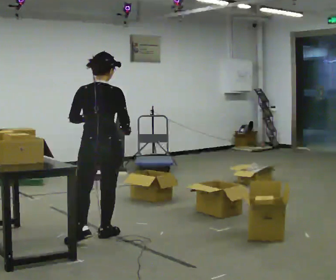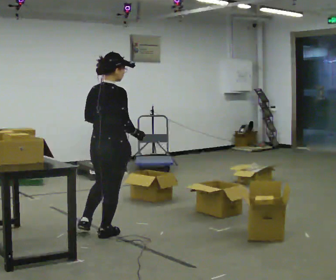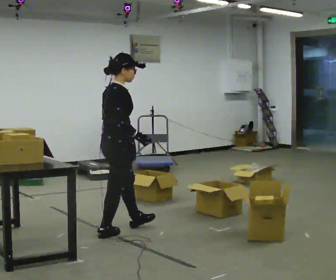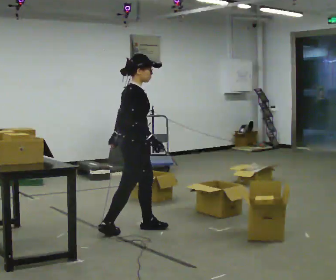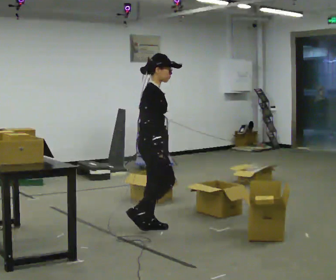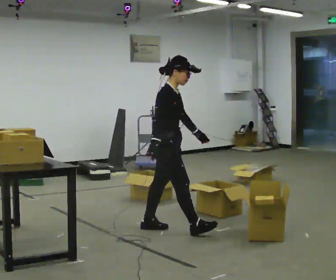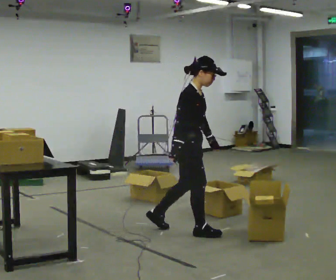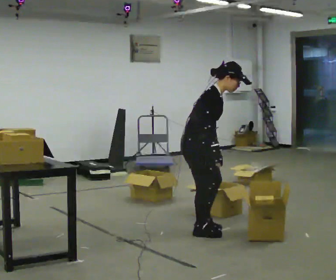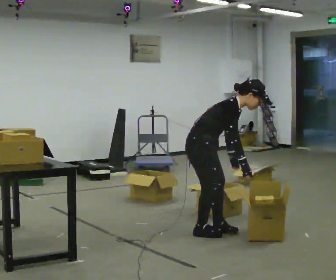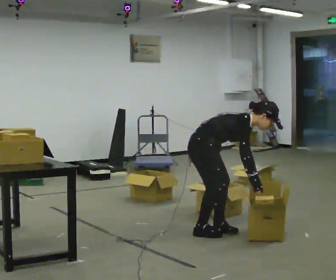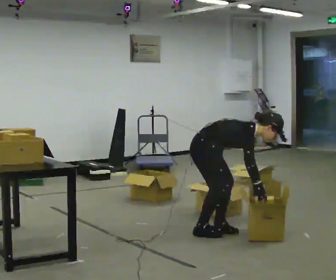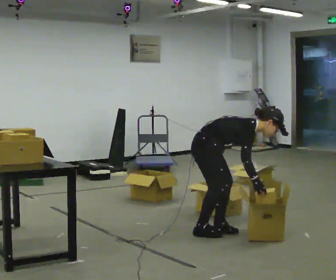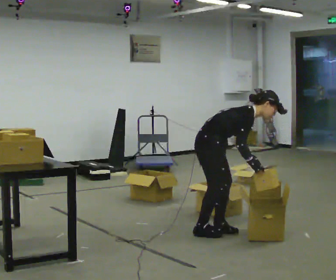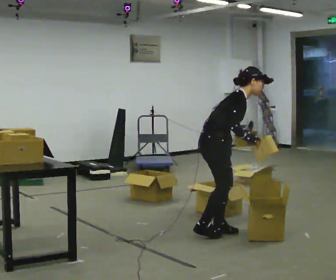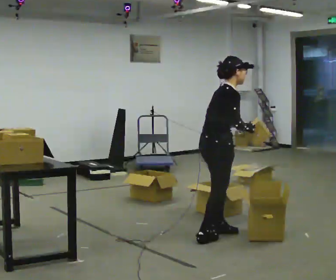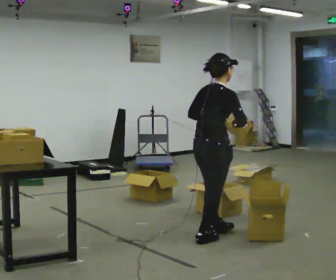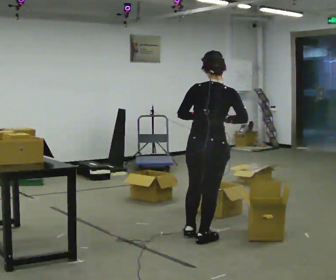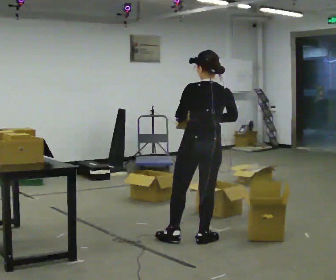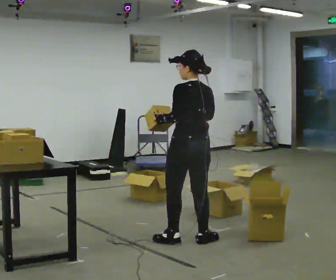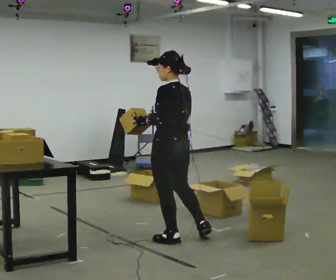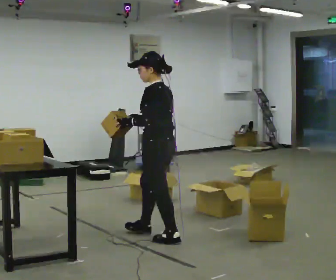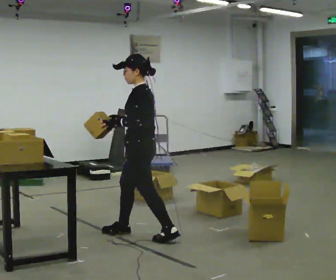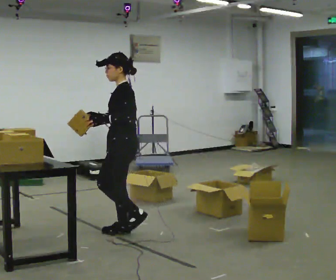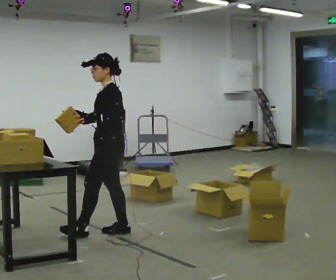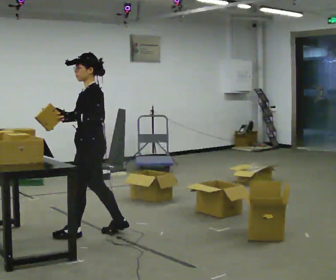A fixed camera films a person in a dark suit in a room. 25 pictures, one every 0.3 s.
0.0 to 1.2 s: The person turns about 90 degrees to their right, clockwise seen from above, so the part of the body nearest the lens slides to the left. In the picture they go to the right and away from the camera, about 0.5 m in 1 step.
1.2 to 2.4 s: In the picture they go to the right, about 0.5 m in 2 steps, which for them is forward. In the picture the upper body tilts clockwise, shoulders to the right, as they bend forward.
2.4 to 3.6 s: The person moves a little, or ends about where they began.
3.6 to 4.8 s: The part of the body nearest the lens slides to the right as the person turns to their left by about 75 degrees. In the picture they go toward the camera, about 0.25 m in 1 step. The upper body goes upward. In the picture the upper body tilts counterclockwise, shoulders to the left, as they lean back or straighten. In the picture their right hand goes upward.
4.8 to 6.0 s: The part of the body nearest the lens slides to the right as the person turns to their left by about 90 degrees. In the picture they go to the left, about 0.5 m in 1 step.
6.0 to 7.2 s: Seen from above the body turns counterclockwise, about 30 degrees: to their left, with its near side sliding to the right. In the picture they go to the left, about 0.5 m in 2 steps, which for them is forward.
The film runs forward here.
